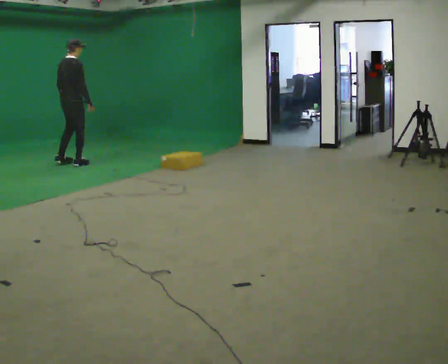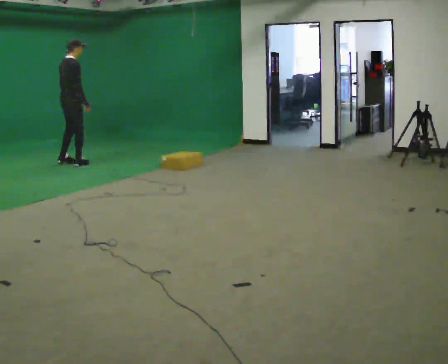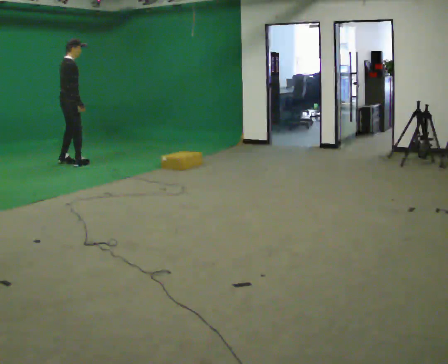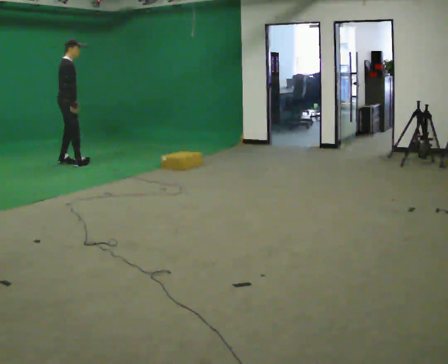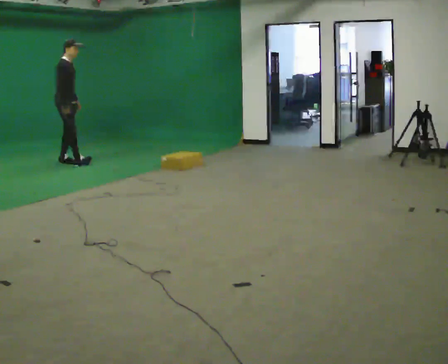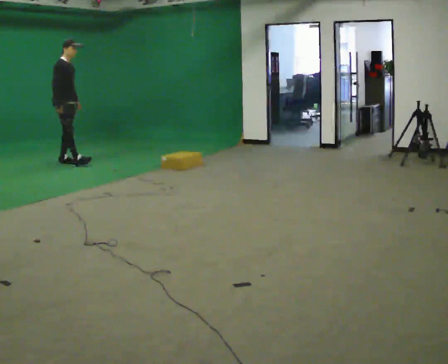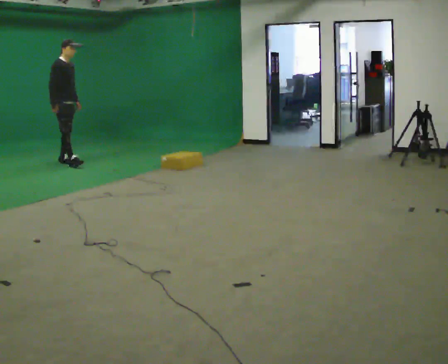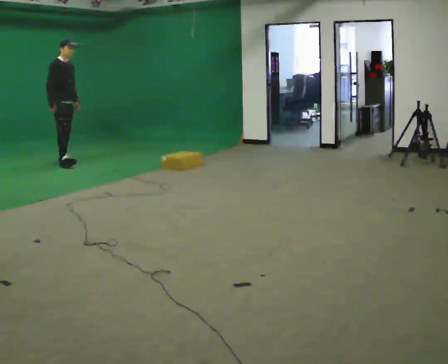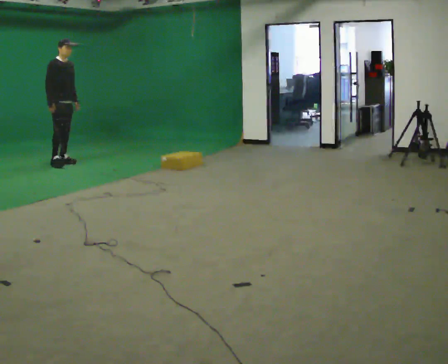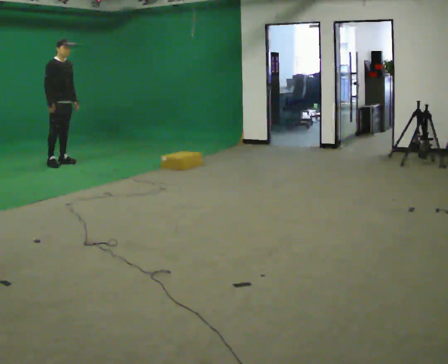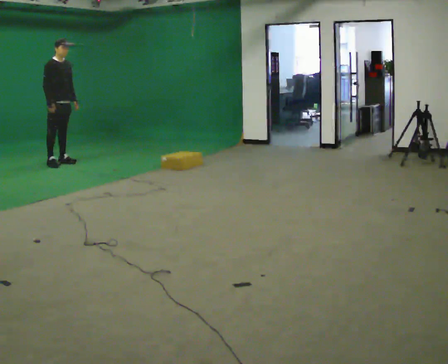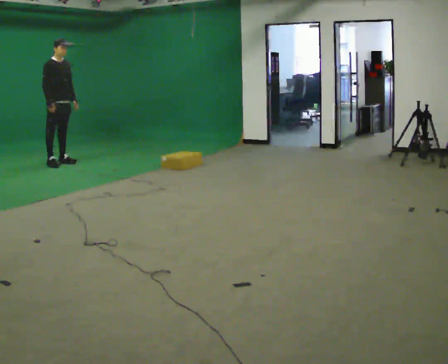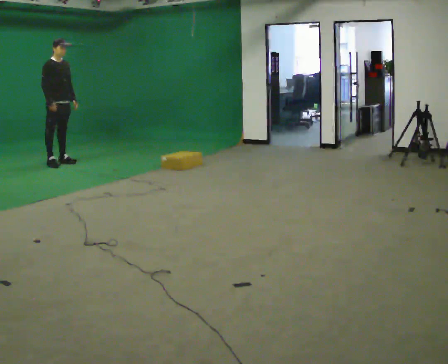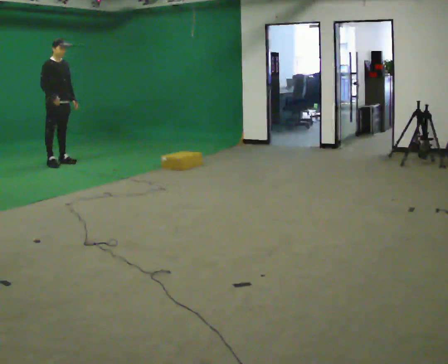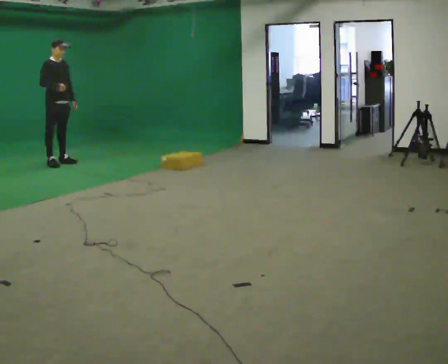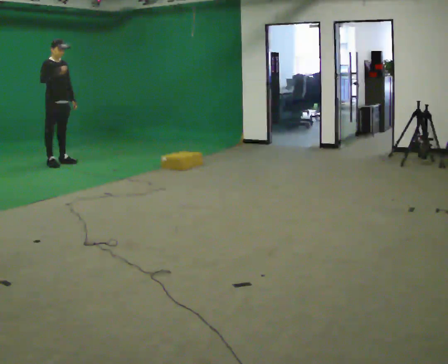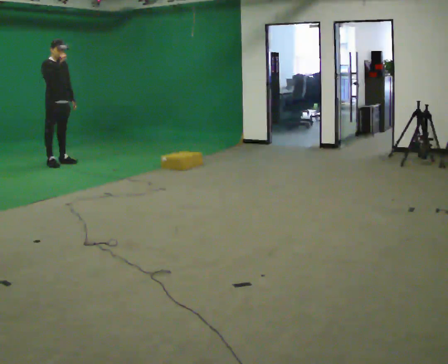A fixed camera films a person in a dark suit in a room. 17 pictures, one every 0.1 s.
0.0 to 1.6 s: The person turns about 75 degrees to their right, clockwise seen from above, so the part of the body nearest the lens slides to the left. In the picture they go to the left, about 0.25 m in 2 steps. In the picture their right hand goes upward and to the left.
The film runs forward here.
